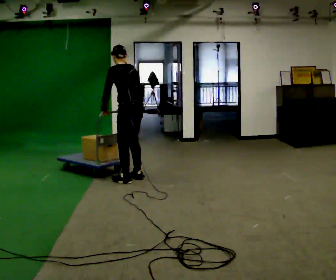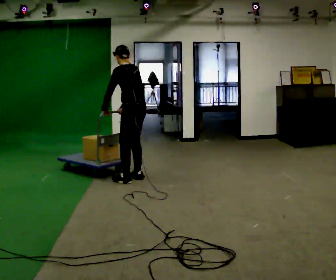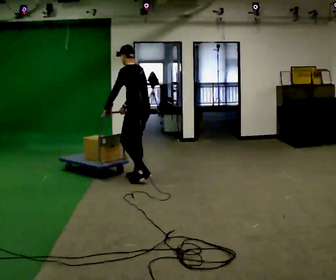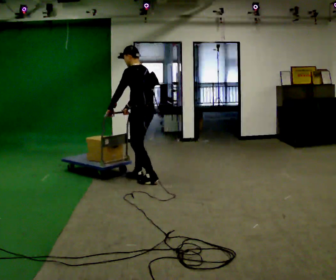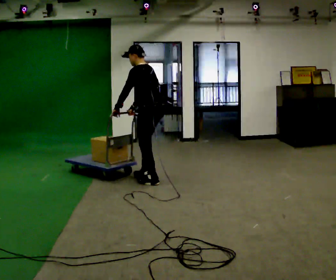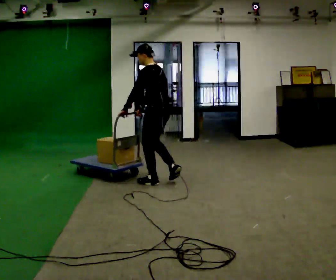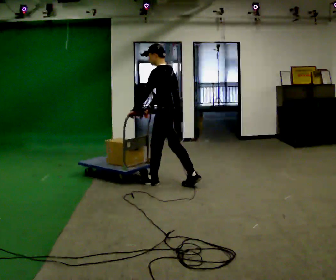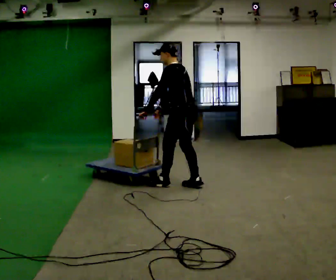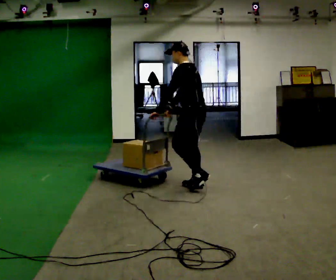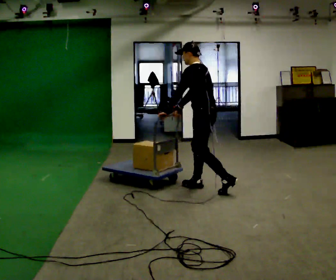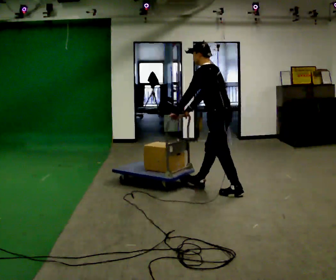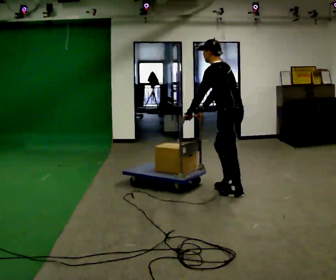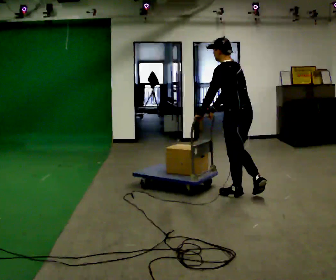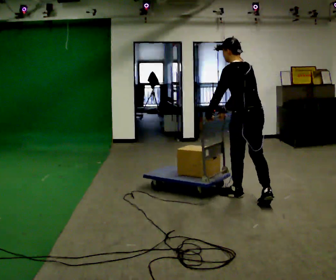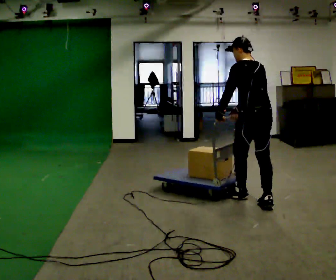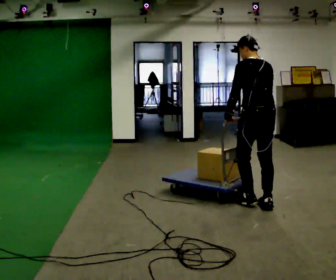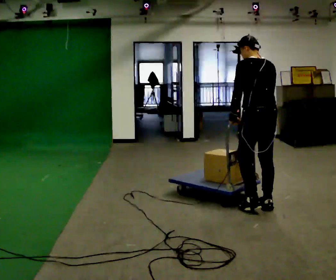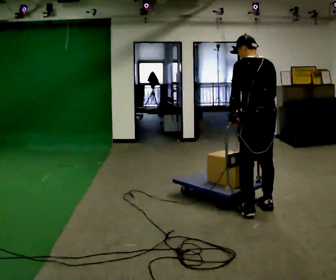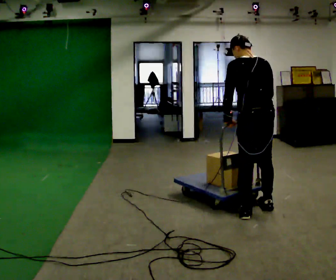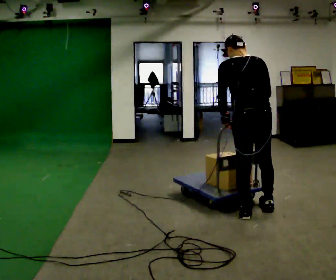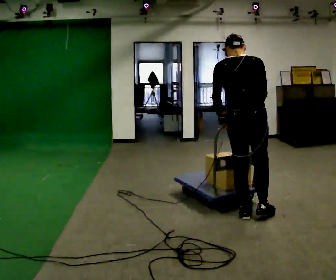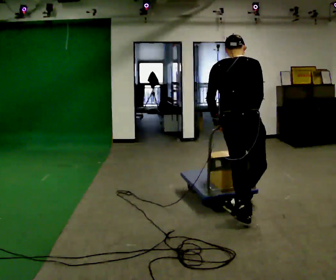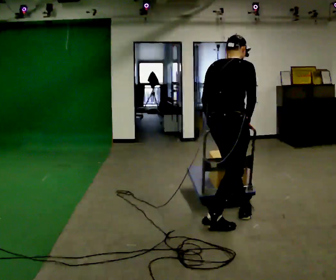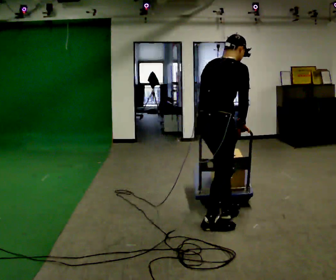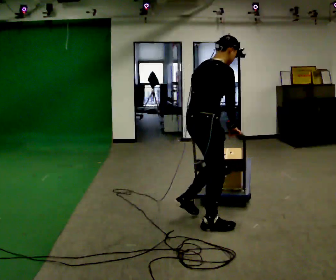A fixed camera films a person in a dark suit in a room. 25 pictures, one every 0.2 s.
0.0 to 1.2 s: In the picture they go to the right, about 0.5 m in 2 steps, which for them is backward.
1.2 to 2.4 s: In the picture they go to the right and toward the camera, about 1 m in 2 steps, which for them is backward.
2.4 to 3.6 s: The part of the body nearest the lens slides to the left as the person turns to their right by about 30 degrees. In the picture they go toward the camera, about 0.5 m in 1 step, which for them is backward.
3.6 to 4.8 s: Seen from above the body turns clockwise, about 90 degrees: to their right, with its near side sliding to the left. In the picture they go to the left and toward the camera, about 0.5 m in 2 steps. In the picture the upper body tilts clockwise, shoulders to the right.
The film runs backward here.
